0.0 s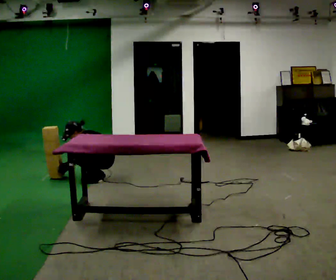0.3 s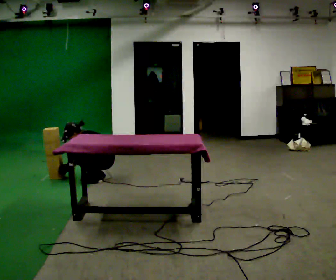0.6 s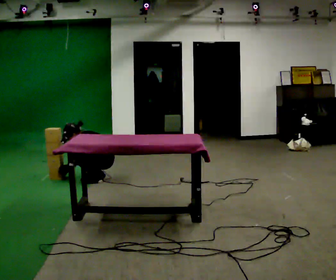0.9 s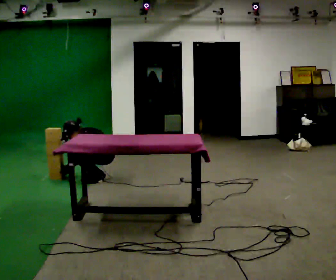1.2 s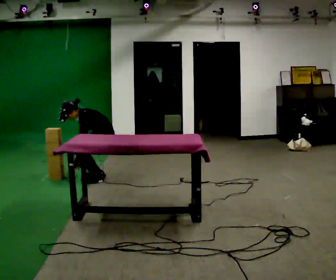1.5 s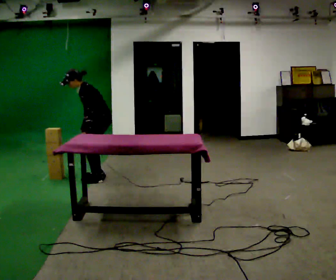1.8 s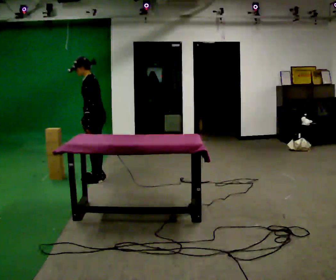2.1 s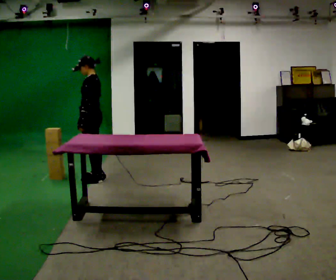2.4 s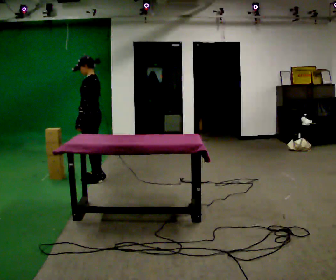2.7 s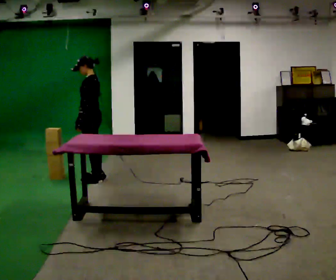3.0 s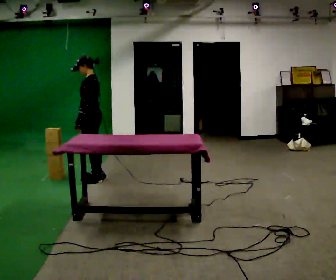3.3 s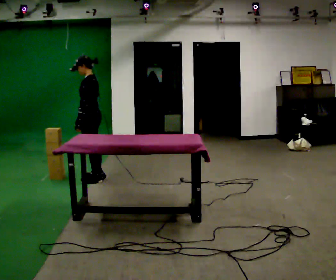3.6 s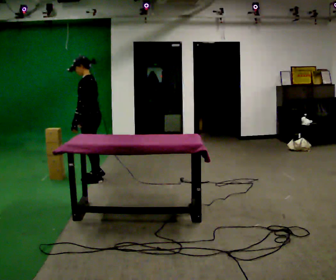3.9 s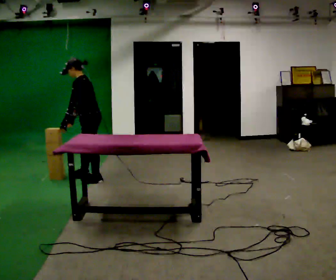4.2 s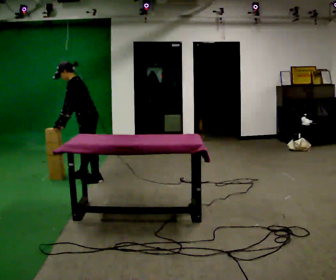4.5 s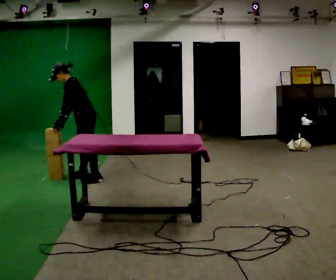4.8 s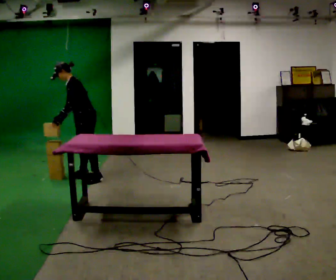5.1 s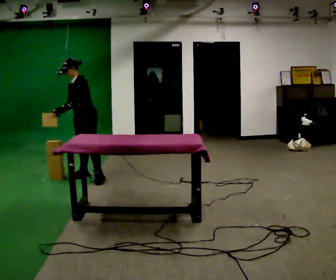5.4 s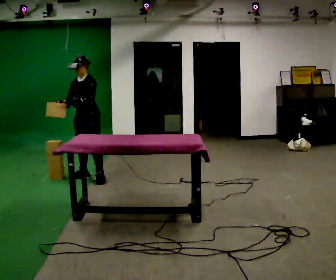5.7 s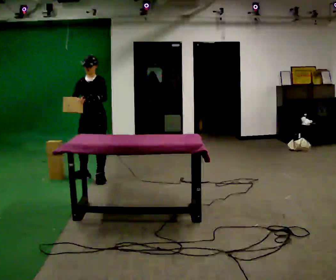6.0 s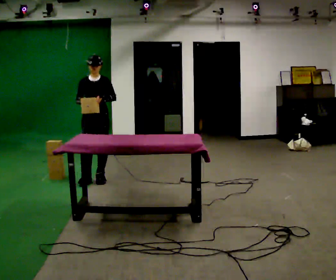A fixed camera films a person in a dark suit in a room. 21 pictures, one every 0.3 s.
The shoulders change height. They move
upward.
Their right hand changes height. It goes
upward.
0.0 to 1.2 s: The shoulders move upward.
1.2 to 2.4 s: In the picture they go to the left, about 0.25 m, which for them is forward. The upper body goes upward. In the picture the upper body tilts clockwise, shoulders to the right, as they lean back or straighten. In the picture their left hand goes upward.
2.4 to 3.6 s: The person moves a little, or ends about where they began.
3.6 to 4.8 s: Seen from above the body turns counterclockwise, about 30 degrees: to their left, with its near side sliding to the right. In the picture they go away from the camera, about 0.25 m in 1 step, which for them is to their right.
4.8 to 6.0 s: Seen from above the body turns counterclockwise, about 75 degrees: to their left, with its near side sliding to the right. In the picture they go toward the camera, about 0.25 m. In the picture the upper body tilts clockwise, shoulders to the right, as they lean back or straighten.
The film runs forward here.
